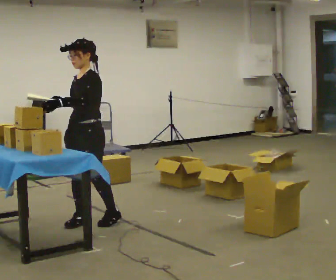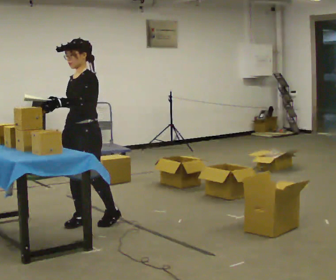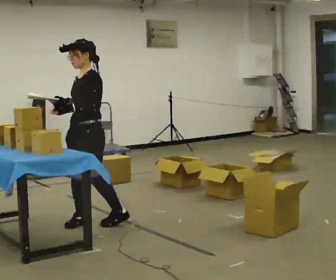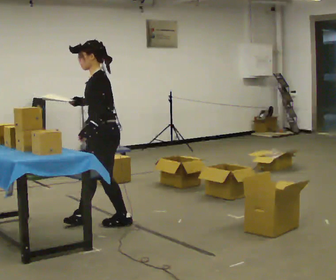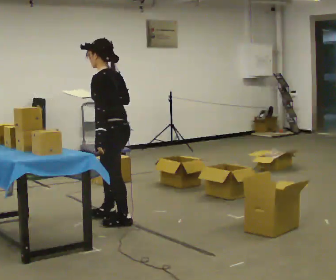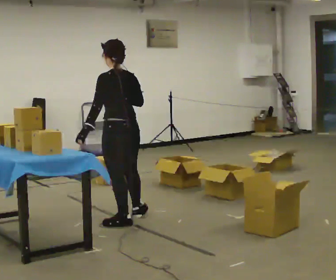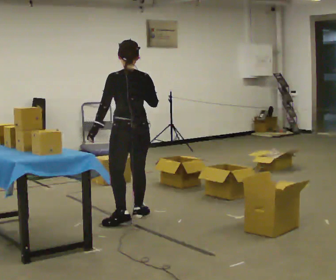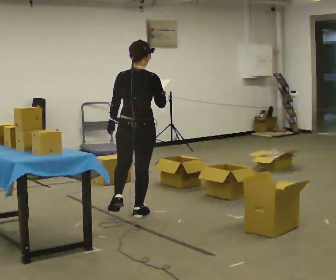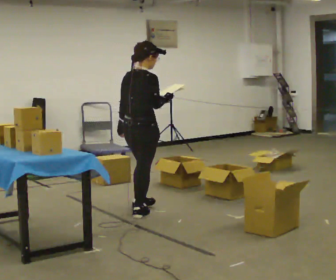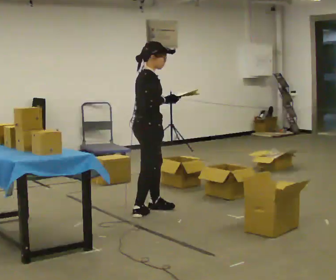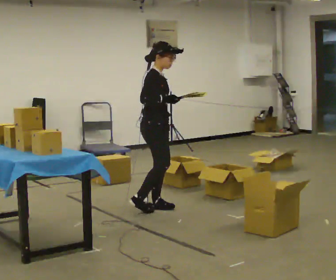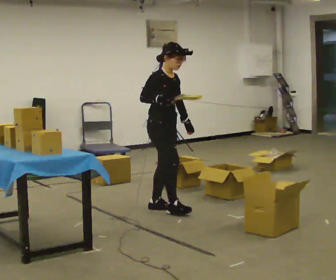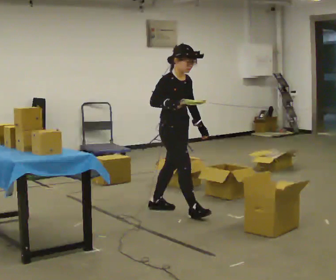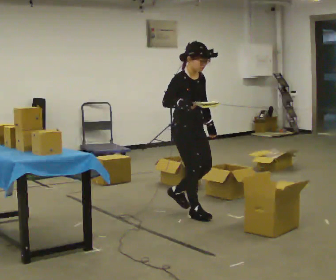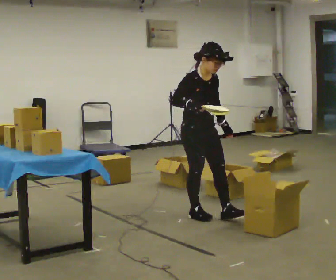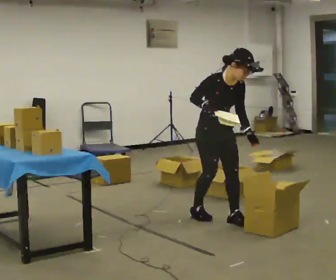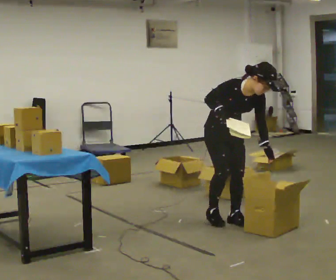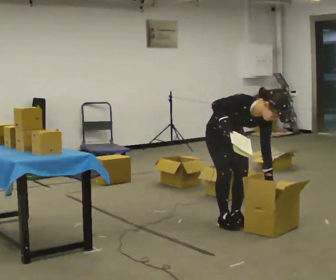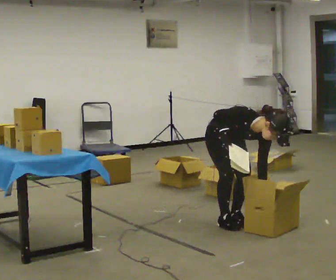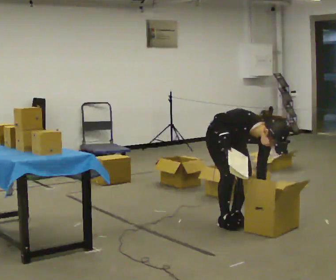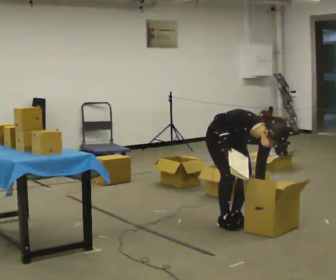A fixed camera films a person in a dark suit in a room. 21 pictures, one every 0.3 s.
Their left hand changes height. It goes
downward.
The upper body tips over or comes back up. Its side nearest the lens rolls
downward.
0.0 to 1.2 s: Seen from above the body turns clockwise, about 60 degrees: to their right, with its near side sliding to the left. In the picture they go to the right, about 0.25 m in 1 step.
1.2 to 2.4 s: The person turns about 120 degrees to their right, clockwise seen from above, so the part of the body nearest the lens slides to the left. In the picture they go away from the camera and to the right, about 0.25 m in 1 step.
2.4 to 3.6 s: The part of the body nearest the lens slides to the left as the person turns to their right by about 75 degrees. In the picture they go to the right, about 0.25 m in 2 steps.
3.6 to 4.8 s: The part of the body nearest the lens slides to the left as the person turns to their right by about 30 degrees. In the picture they go to the right and toward the camera, about 0.5 m in 1 step, which for them is forward. The upper body tips toward the camera, its near side rolling downward, as they bend forward.
4.8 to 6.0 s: The shoulders move downward. The upper body tips toward the camera, its near side rolling downward, as they bend forward. In the picture their left hand goes downward.
The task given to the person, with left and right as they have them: 1. Read the parts list. 2. Collect each part from the bins around the room. 3. Lay them out on the table in the order on the list. 4. Put them all in the carry case. 5. Tell the operator when you are finished.
The film runs forward here.
